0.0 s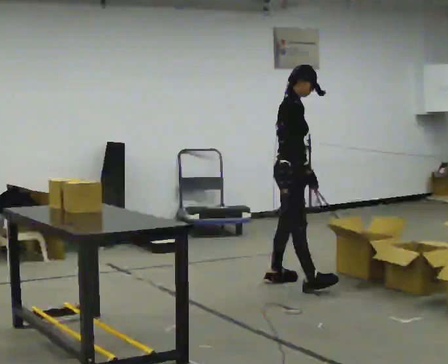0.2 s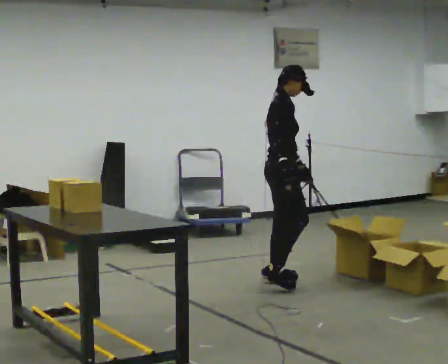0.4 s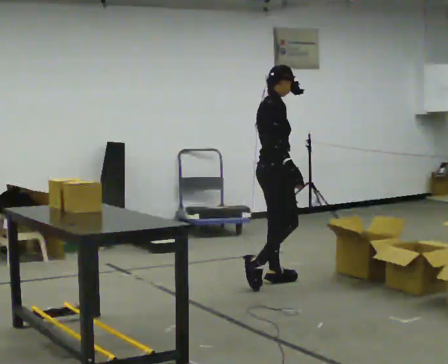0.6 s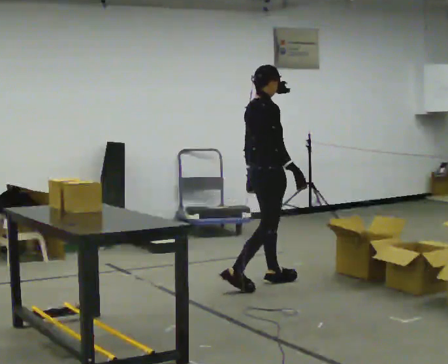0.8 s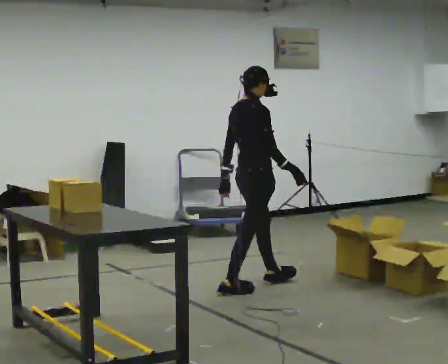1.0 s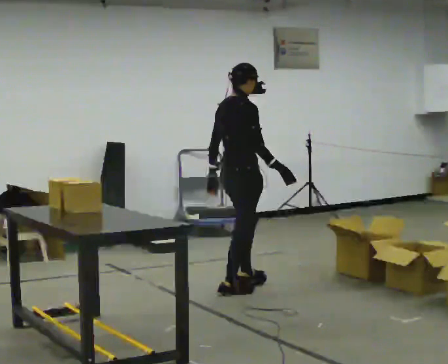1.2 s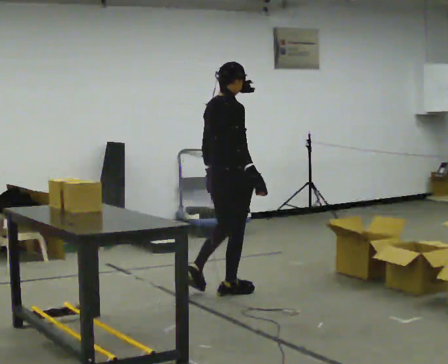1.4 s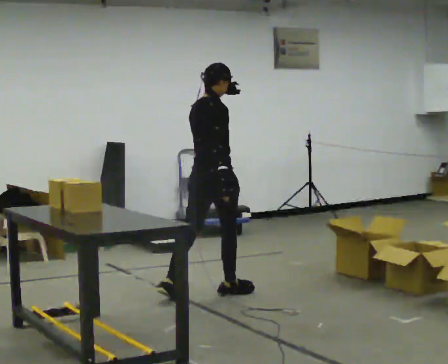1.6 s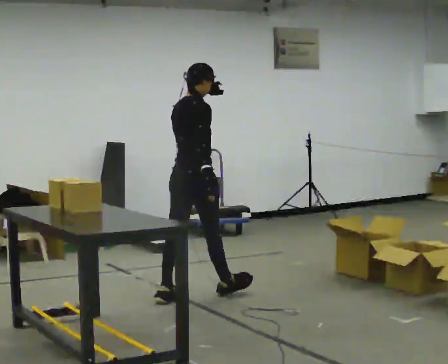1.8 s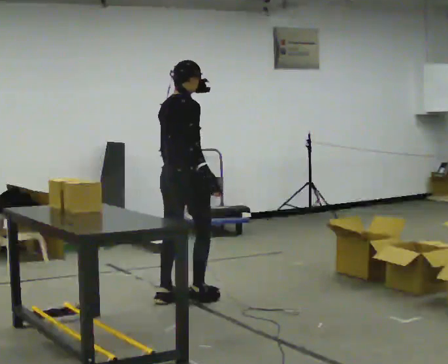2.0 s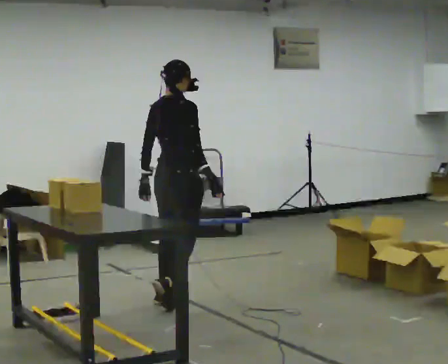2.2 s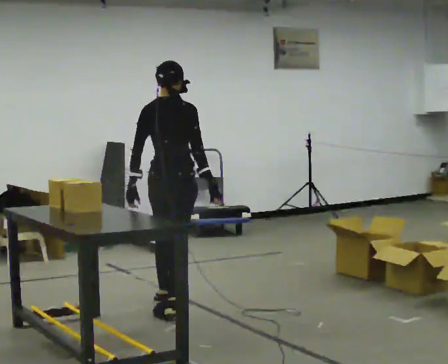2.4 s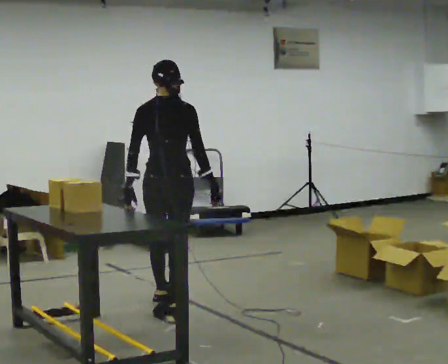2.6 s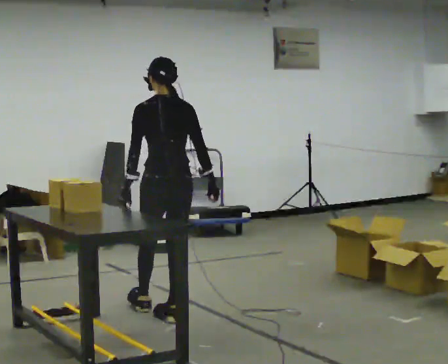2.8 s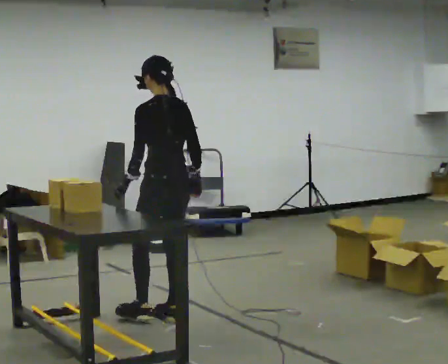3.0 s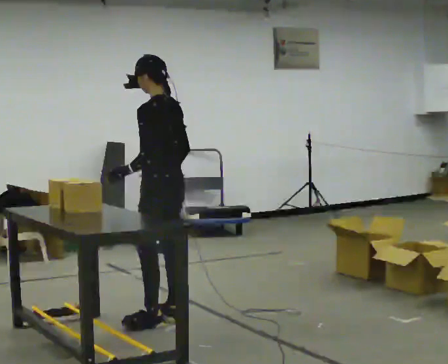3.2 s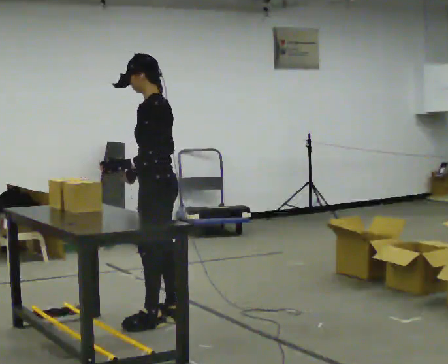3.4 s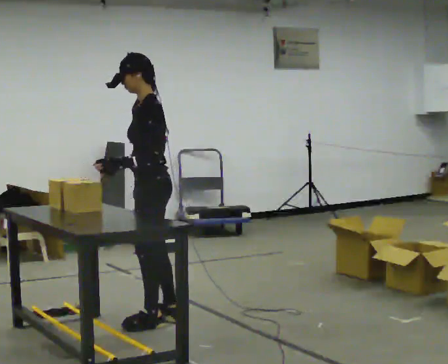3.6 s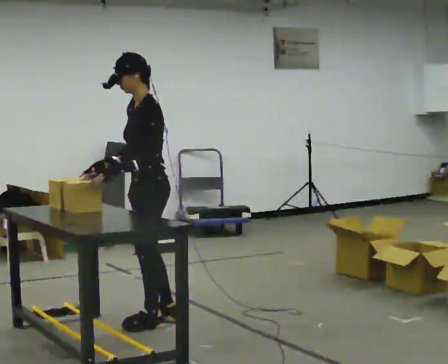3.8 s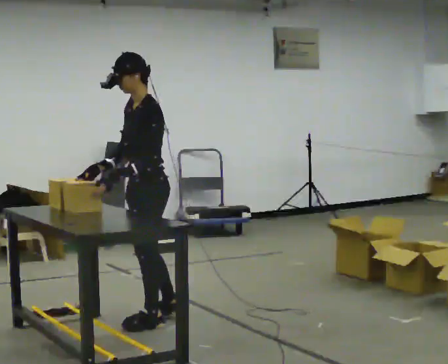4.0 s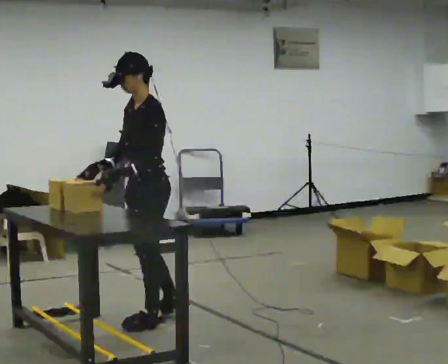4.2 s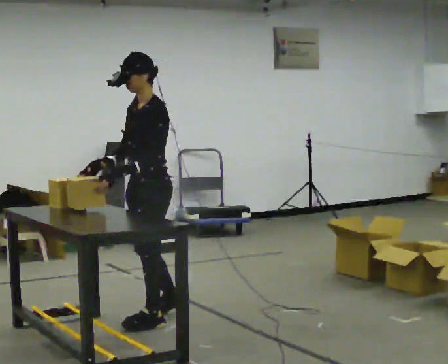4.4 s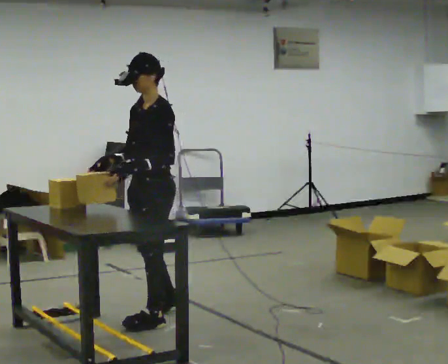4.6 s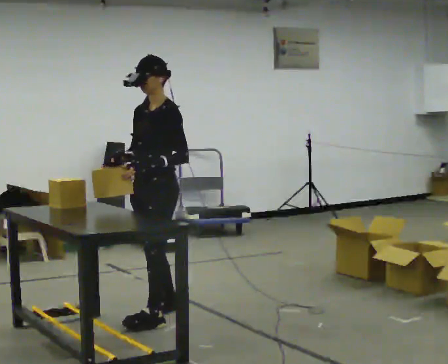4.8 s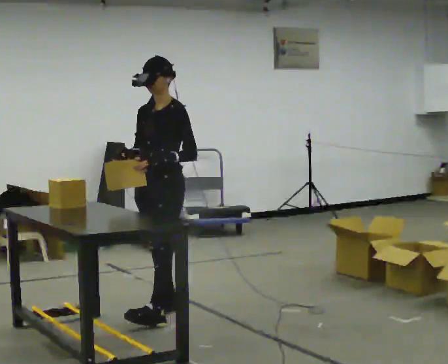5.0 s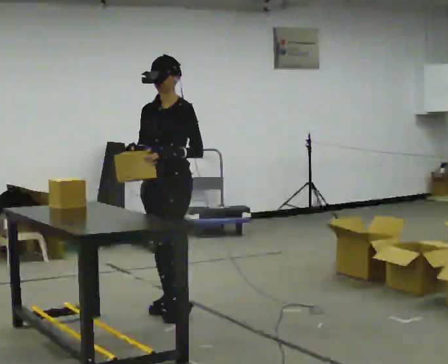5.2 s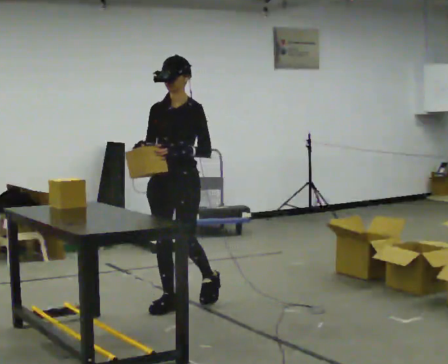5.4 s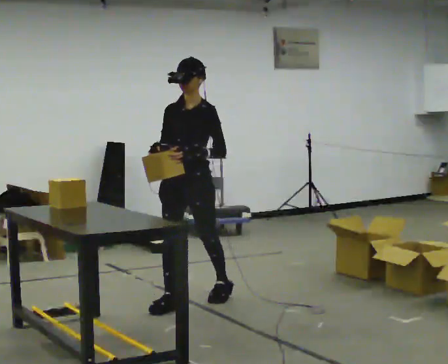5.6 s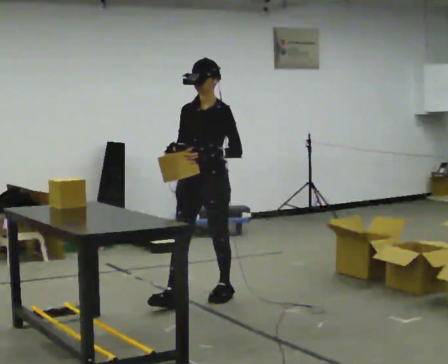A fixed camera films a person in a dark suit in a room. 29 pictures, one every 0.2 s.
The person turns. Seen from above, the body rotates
counterclockwise.
The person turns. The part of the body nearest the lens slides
to the right.
0.0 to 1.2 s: The person turns about 45 degrees to their left, counterclockwise seen from above, so the part of the body nearest the lens slides to the right. In the picture they go to the left and toward the camera, about 0.5 m in 1 step, which for them is backward and to their right.
1.2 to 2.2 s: The part of the body nearest the lens slides to the right as the person turns to their left by about 30 degrees. In the picture they go to the left and toward the camera, about 0.5 m in 1 step, which for them is backward.
2.2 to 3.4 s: The part of the body nearest the lens slides to the right as the person turns to their left by about 105 degrees. In the picture they go toward the camera, about 0.5 m in 1 step.
3.4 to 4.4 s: Seen from above the body turns counterclockwise, about 30 degrees: to their left, with its near side sliding to the right.
4.4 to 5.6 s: Seen from above the body turns counterclockwise, about 30 degrees: to their left, with its near side sliding to the right. In the picture they go away from the camera and to the right, about 0.5 m in 1 step, which for them is backward.
The film runs backward here.
